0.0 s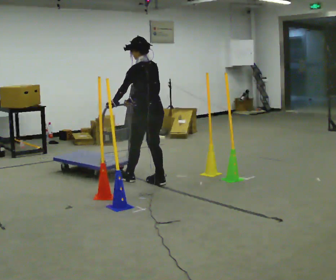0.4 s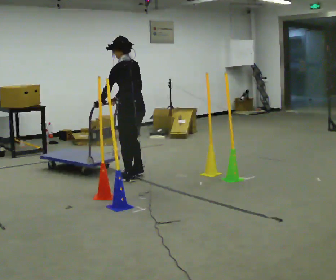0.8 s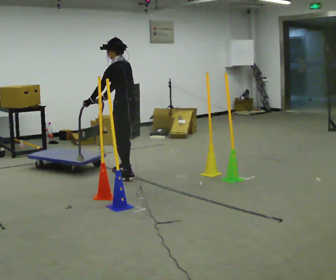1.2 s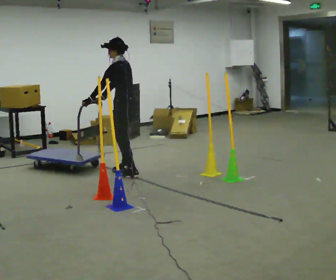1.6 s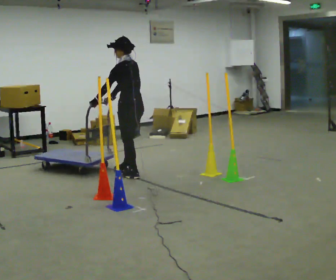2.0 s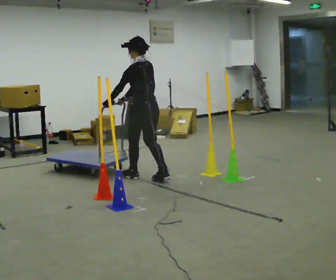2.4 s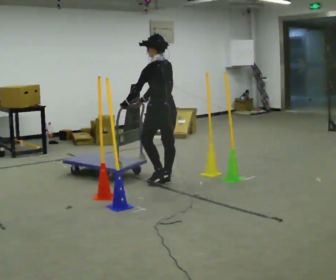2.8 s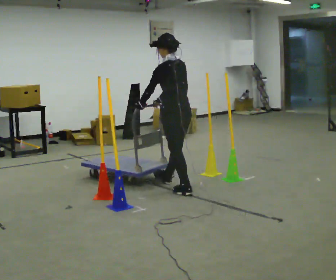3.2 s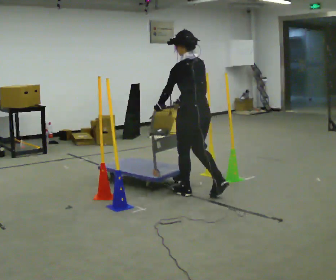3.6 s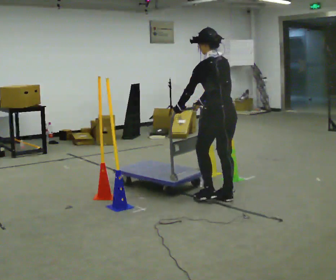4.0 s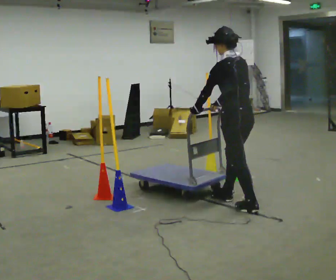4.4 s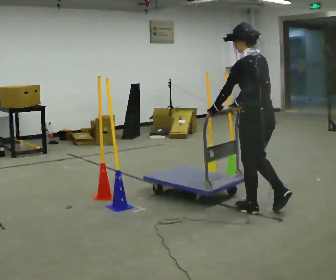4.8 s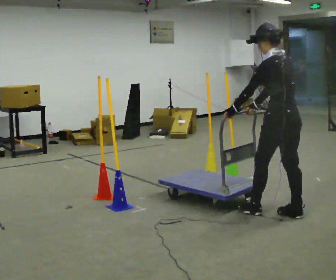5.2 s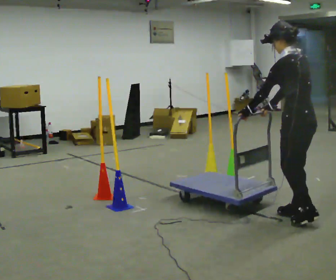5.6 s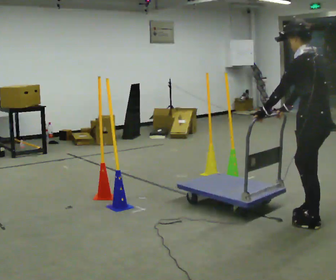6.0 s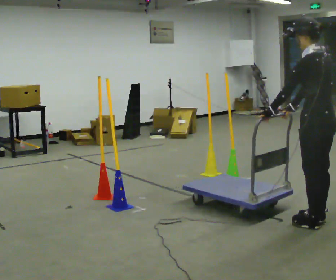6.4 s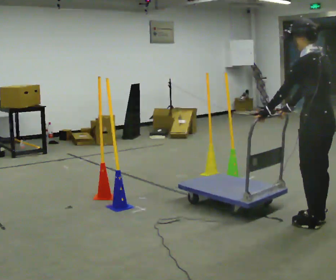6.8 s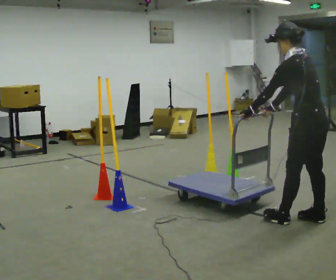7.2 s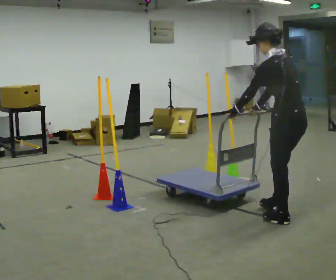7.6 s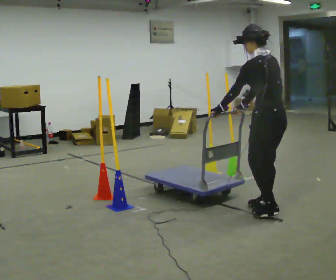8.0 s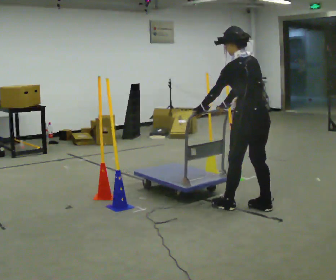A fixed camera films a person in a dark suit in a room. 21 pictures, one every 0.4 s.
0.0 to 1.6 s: In the picture they go away from the camera and to the left, about 0.25 m in 2 steps, which for them is forward and to their right.
1.6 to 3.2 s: In the picture they go to the right and toward the camera, about 1 m in 2 steps, which for them is backward.
3.2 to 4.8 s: In the picture they go to the right and toward the camera, about 1 m in 3 steps, which for them is backward.
4.8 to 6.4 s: In the picture they go to the right and toward the camera, about 0.25 m in 1 step, which for them is backward.
6.4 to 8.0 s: In the picture they go to the left and away from the camera, about 0.75 m in 3 steps, which for them is forward.
The film runs backward here.
